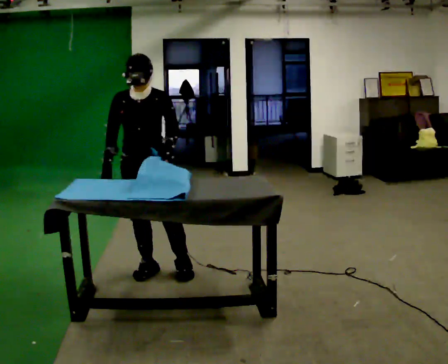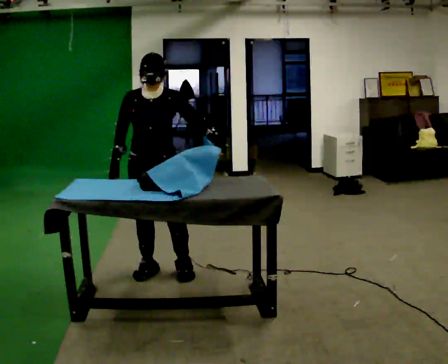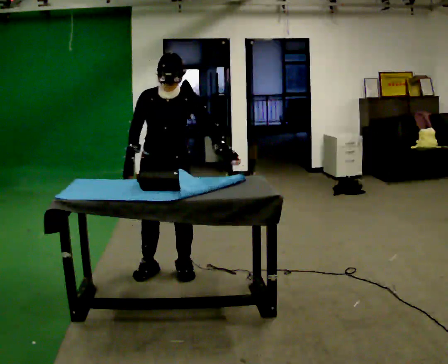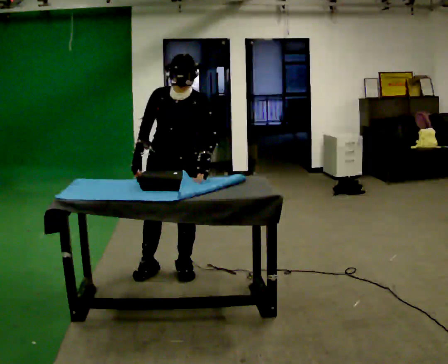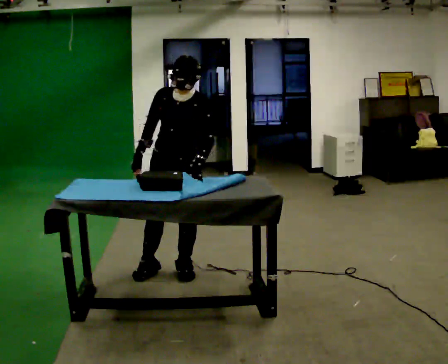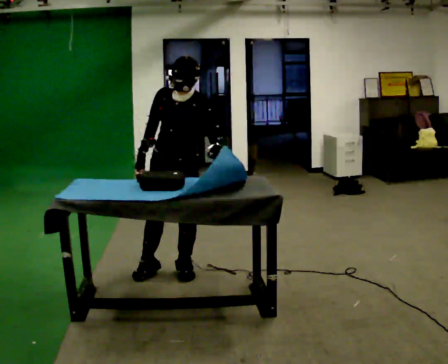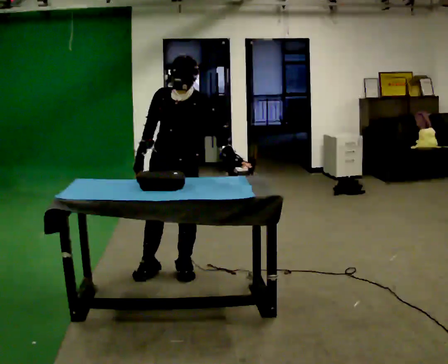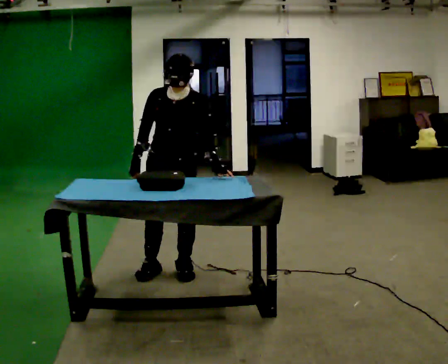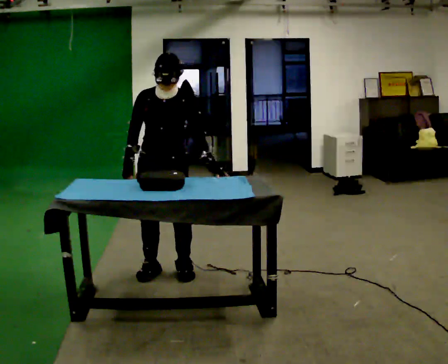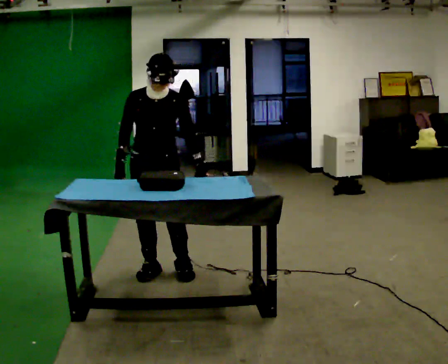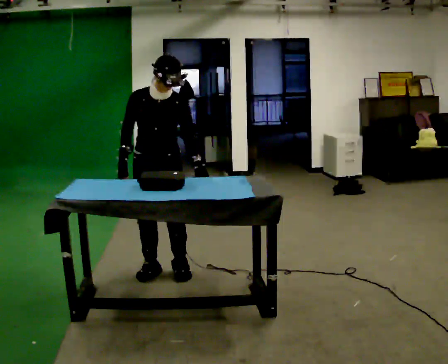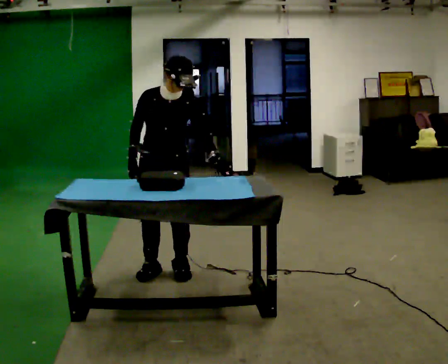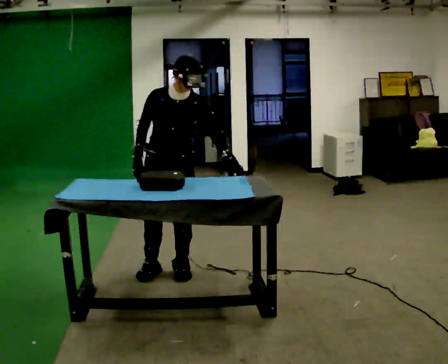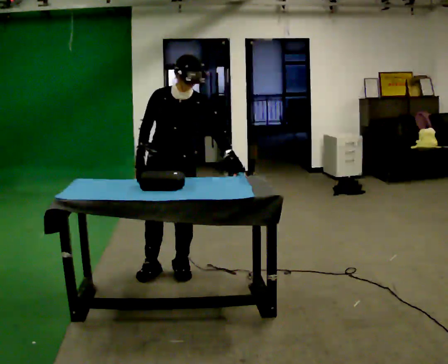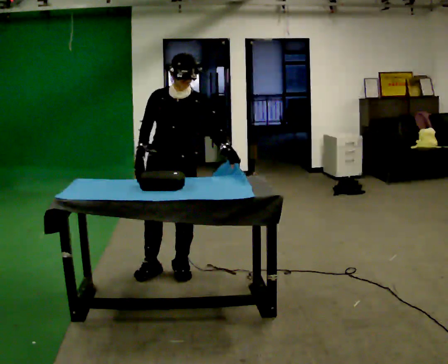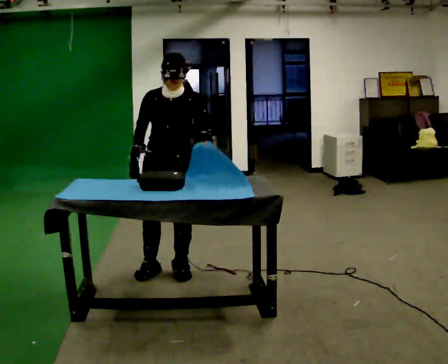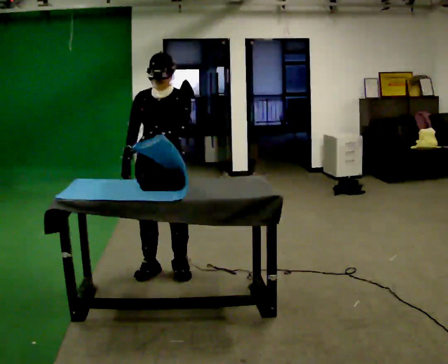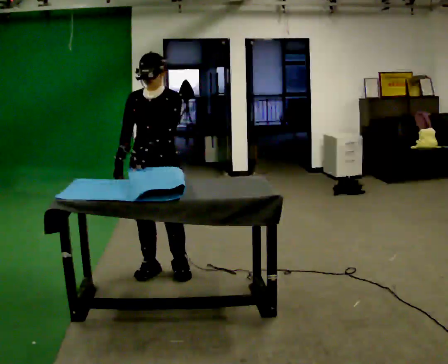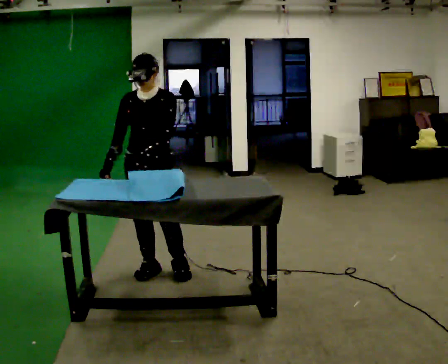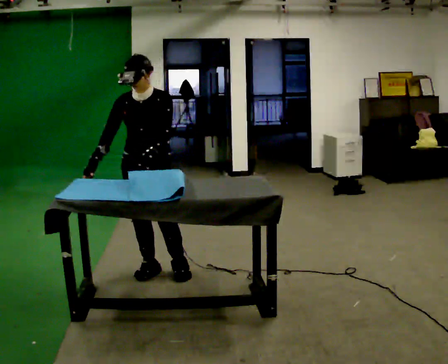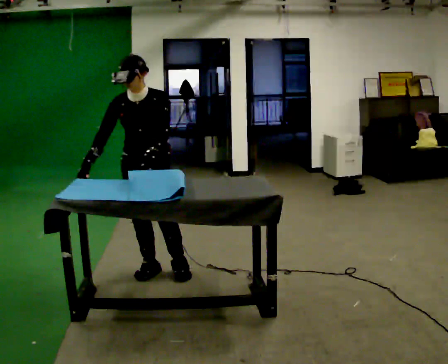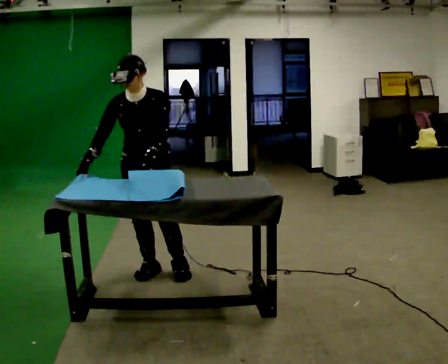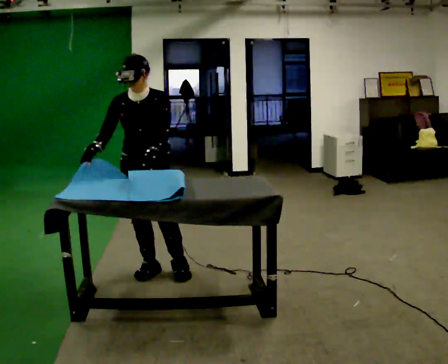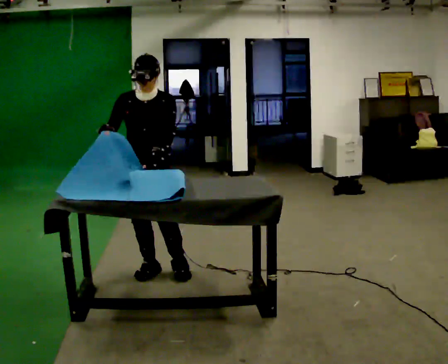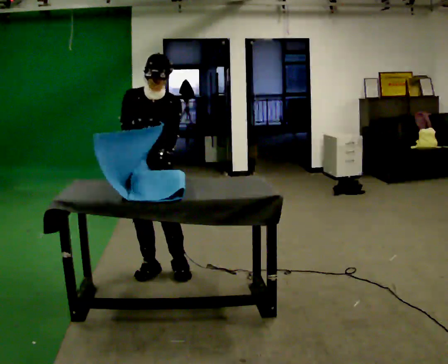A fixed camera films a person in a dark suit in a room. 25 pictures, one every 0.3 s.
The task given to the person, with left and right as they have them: Wrap the cloth around the object and tuck it in, then unwrap it. Repeat at your own pace until the operator says stop. Keep both feet on the marked spots for the whole take. If you have to step, stop and tell the operator.
0.0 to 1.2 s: In the picture they go to the right, about 0.25 m, which for them is to their left.
1.2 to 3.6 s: The person turns about 30 degrees to their left, counterclockwise seen from above, so the part of the body nearest the lens slides to the right.
3.6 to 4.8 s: In the picture their left hand goes to the left.
4.8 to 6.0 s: The person moves a little, or ends about where they began.
6.0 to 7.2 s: In the picture their right hand goes to the right.
The film runs forward here.
